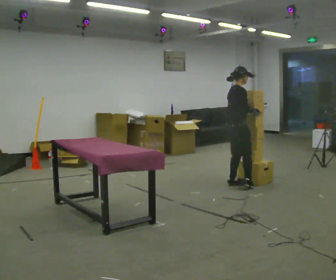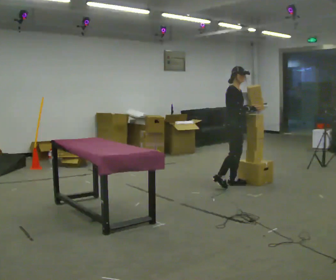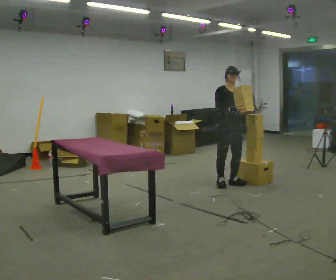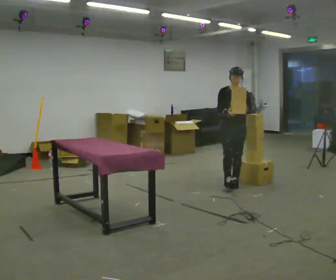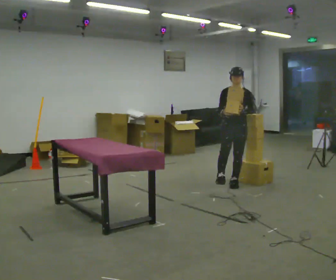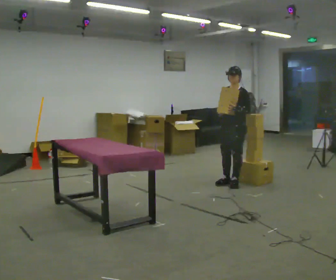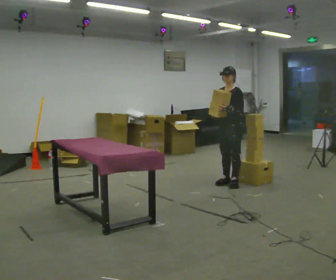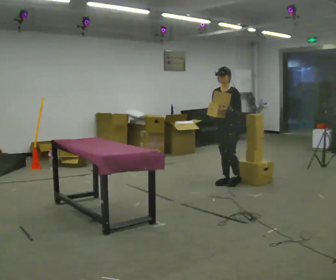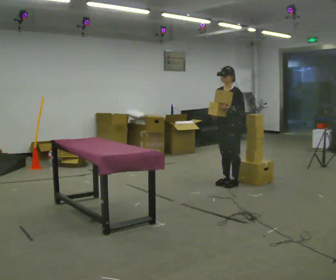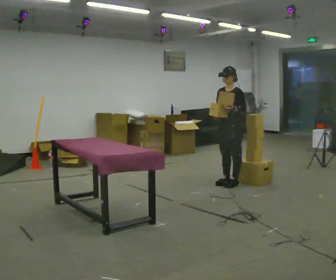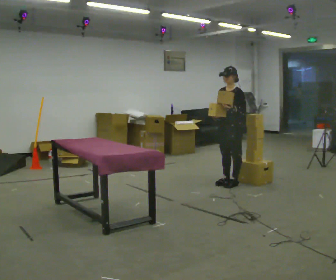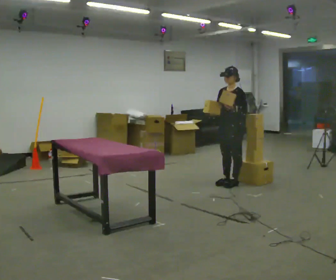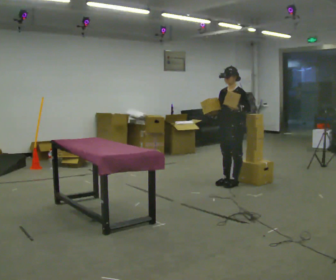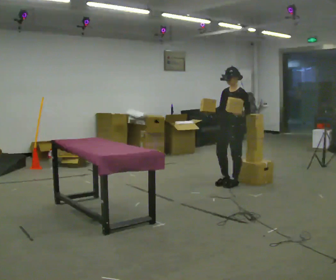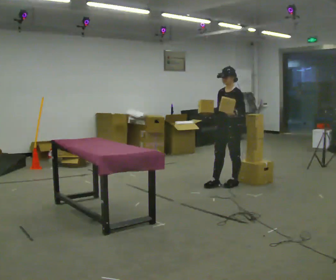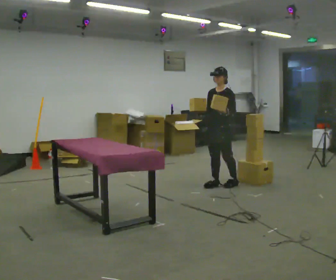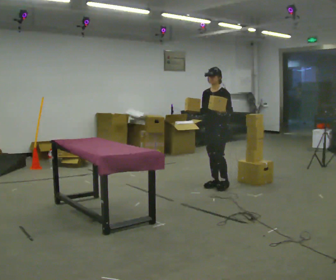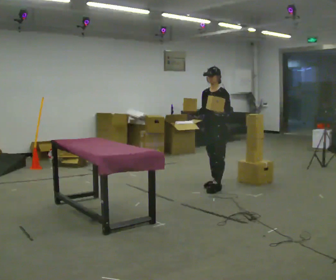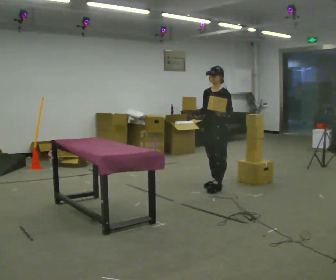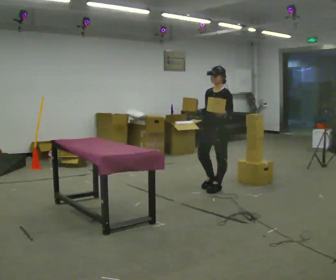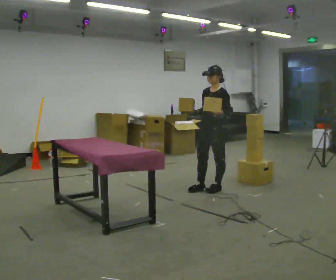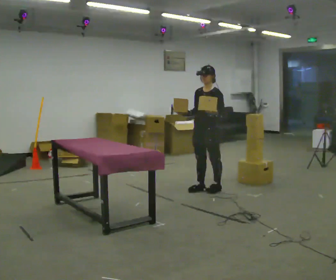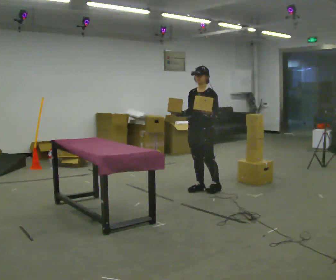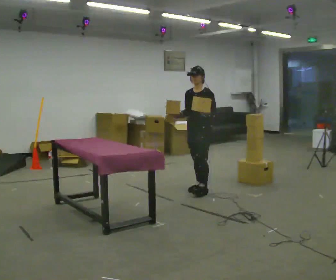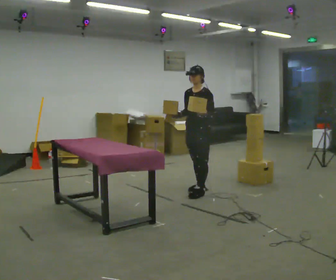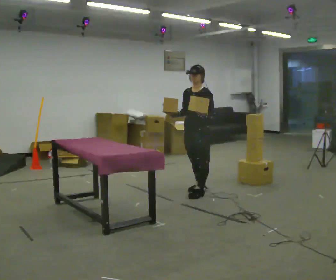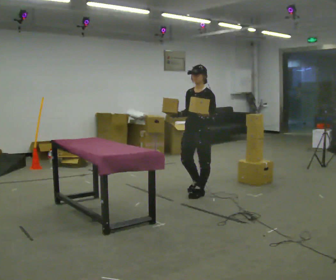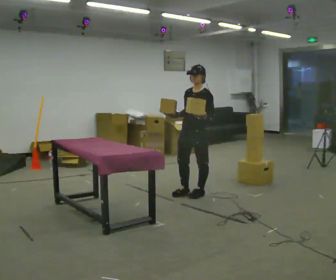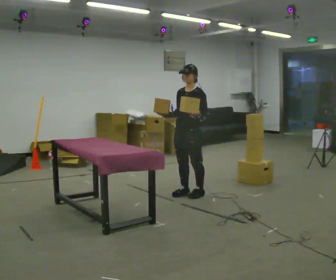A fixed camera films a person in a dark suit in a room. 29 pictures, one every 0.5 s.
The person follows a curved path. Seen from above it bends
counterclockwise.
0.0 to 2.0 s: The person turns about 105 degrees to their right, clockwise seen from above, so the part of the body nearest the lens slides to the left. In the picture their right hand goes to the left.
2.0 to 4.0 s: The part of the body nearest the lens slides to the left as the person turns to their right by about 30 degrees.
4.0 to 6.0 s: The person moves a little, or ends about where they began.
6.0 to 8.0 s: In the picture they go to the left, about 0.25 m in 1 step, which for them is forward.
8.0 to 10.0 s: In the picture they go toward the camera, about 0.25 m in 2 steps, which for them is forward and to their left.
10.0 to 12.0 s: In the picture they go to the left, about 0.25 m in 1 step, which for them is forward and to their right.
12.0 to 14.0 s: In the picture they go toward the camera, about 0.25 m in 1 step, which for them is forward.
The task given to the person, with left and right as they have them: Pick up both objects, carry them together, then put each one in a different place. Keep going until the operator says stop; one object at a time, and do not rush between trips.
The film runs forward here.
